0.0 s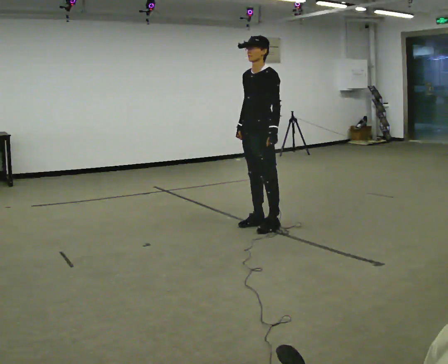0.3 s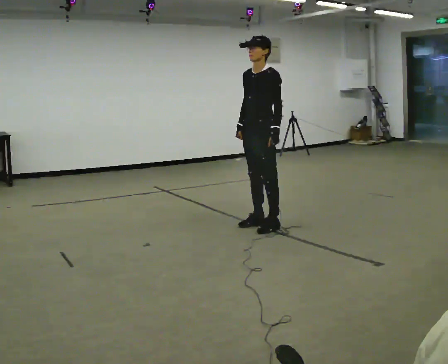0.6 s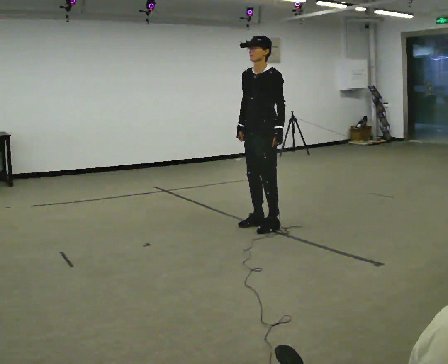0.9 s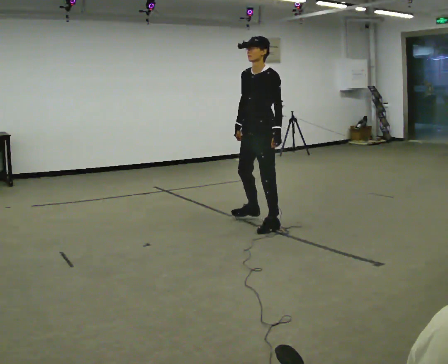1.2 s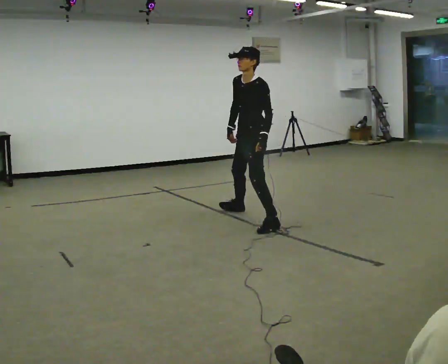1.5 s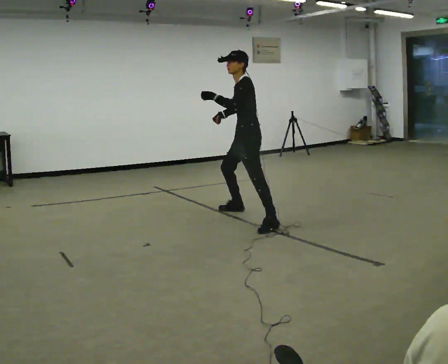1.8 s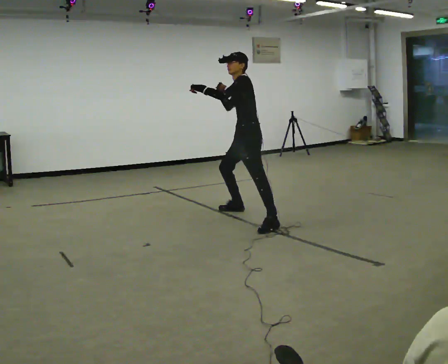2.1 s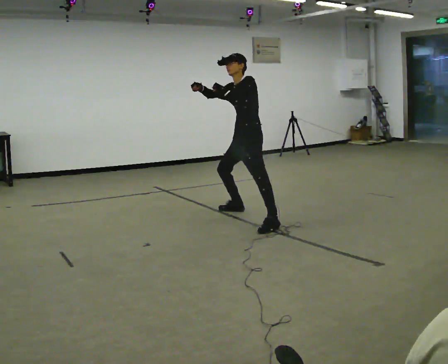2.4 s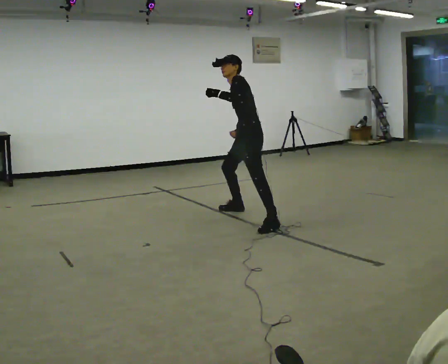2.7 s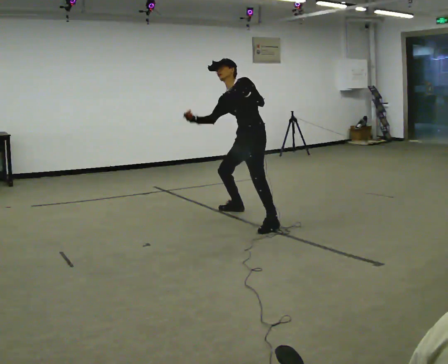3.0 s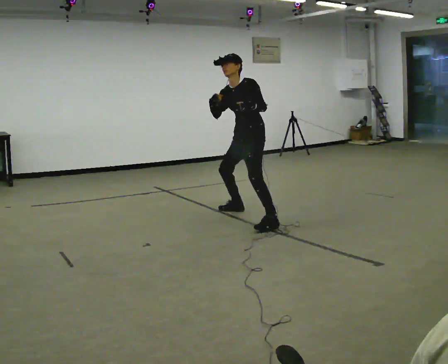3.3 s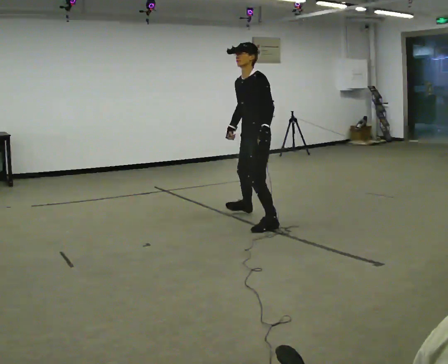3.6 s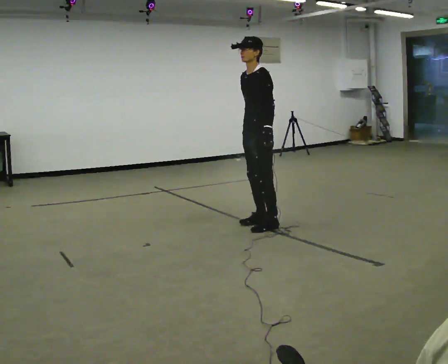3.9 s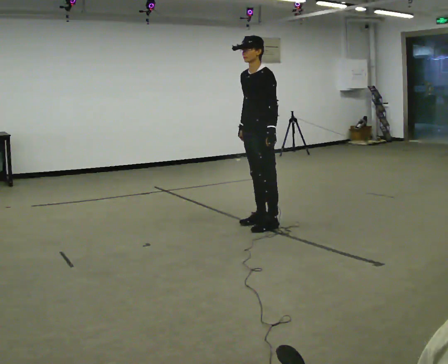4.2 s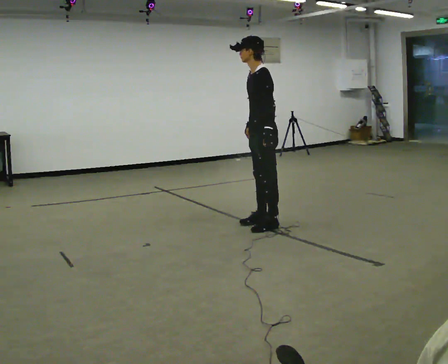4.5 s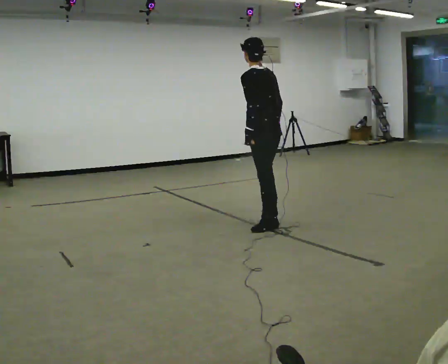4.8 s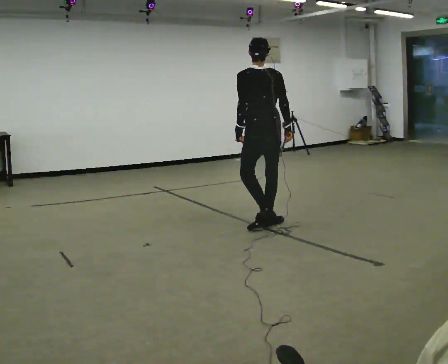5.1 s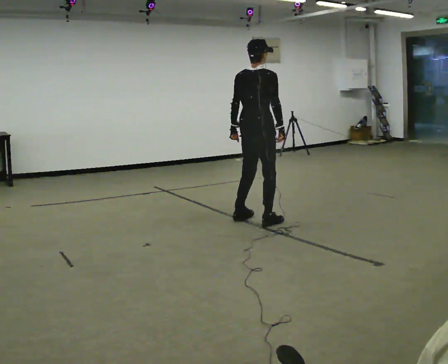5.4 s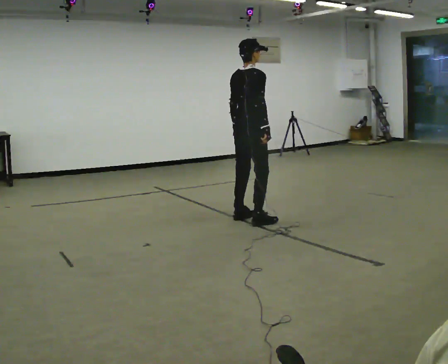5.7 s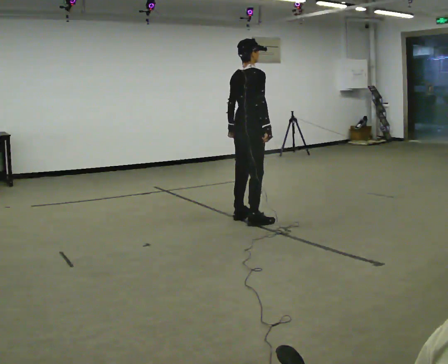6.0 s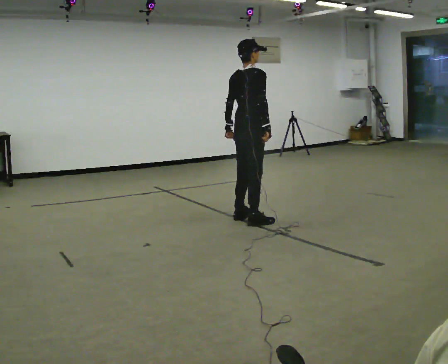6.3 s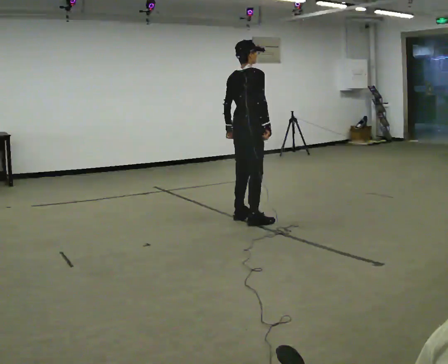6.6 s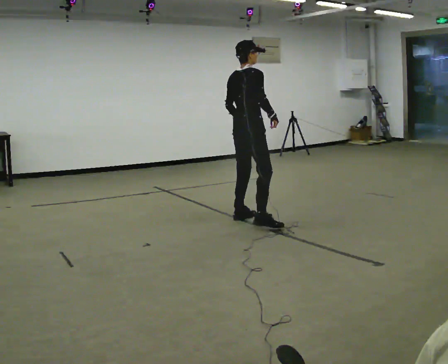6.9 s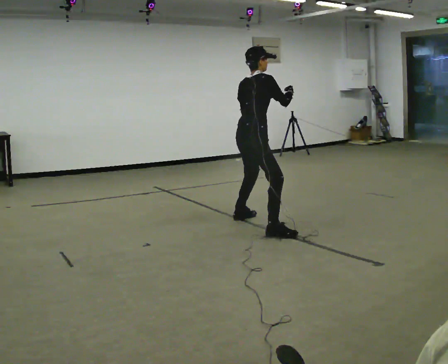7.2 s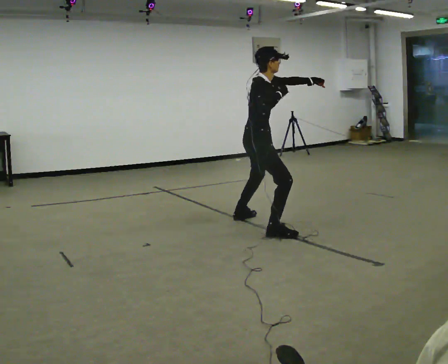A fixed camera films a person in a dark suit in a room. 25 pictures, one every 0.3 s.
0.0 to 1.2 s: In the picture they go away from the camera, about 0.25 m in 1 step, which for them is to their right and backward.
1.2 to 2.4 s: The upper body tips away from the camera, its near side rolling upward. In the picture their left hand goes upward and to the left.
2.4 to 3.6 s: In the picture they go toward the camera, about 0.25 m in 1 step, which for them is to their left and forward. In the picture their left hand goes downward.
3.6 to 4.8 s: The person turns about 105 degrees to their right, clockwise seen from above, so the part of the body nearest the lens slides to the left. In the picture their right hand goes to the right.
4.8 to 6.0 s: The part of the body nearest the lens slides to the left as the person turns to their right by about 60 degrees. In the picture they go away from the camera and to the left, about 0.25 m in 1 step.
6.0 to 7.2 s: The part of the body nearest the lens slides to the left as the person turns to their right by about 45 degrees. In the picture they go toward the camera, about 0.25 m in 1 step, which for them is to their right and backward. In the picture their left hand goes upward.
The film runs forward here.
